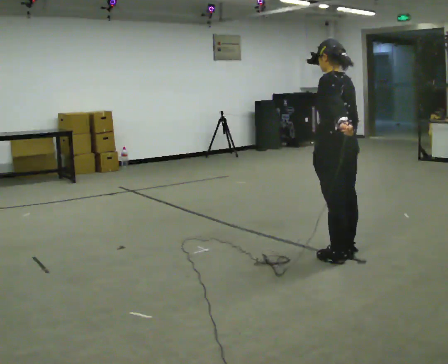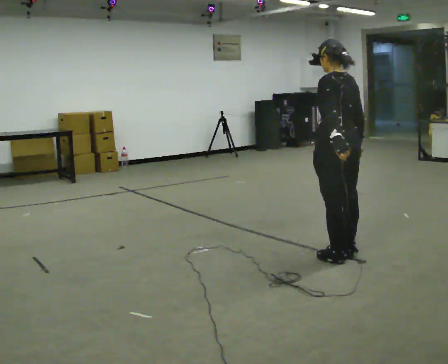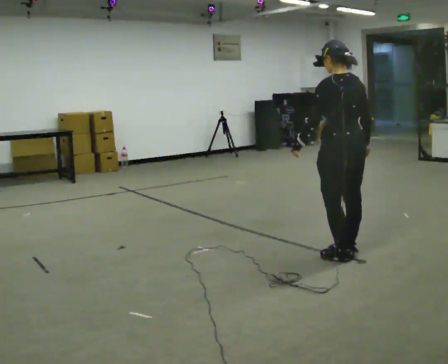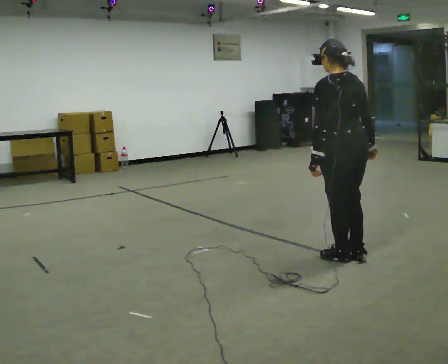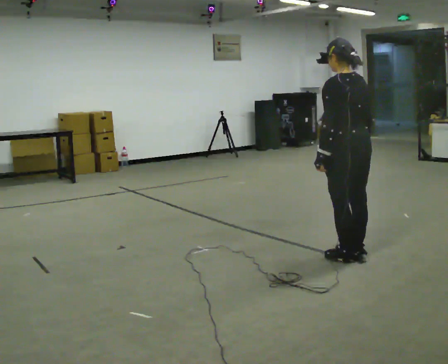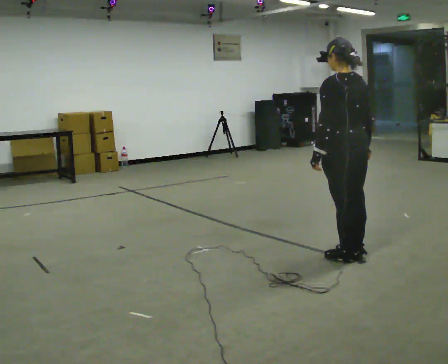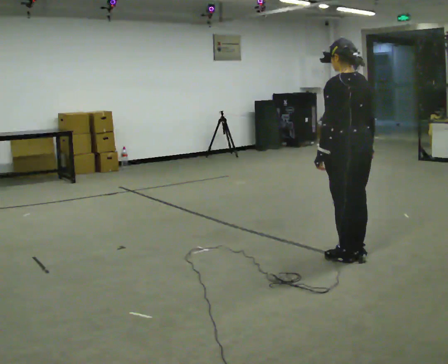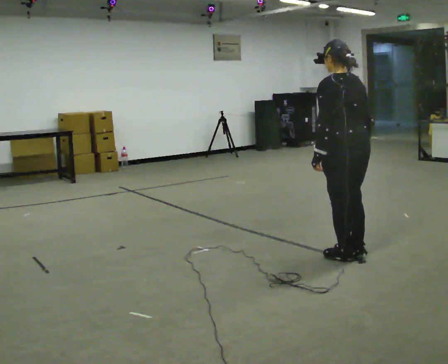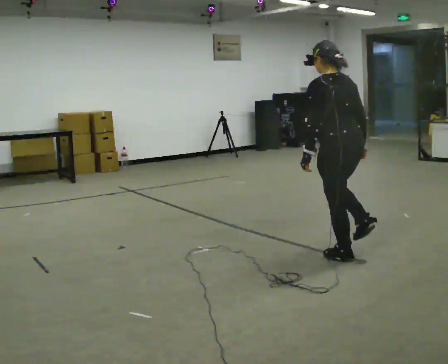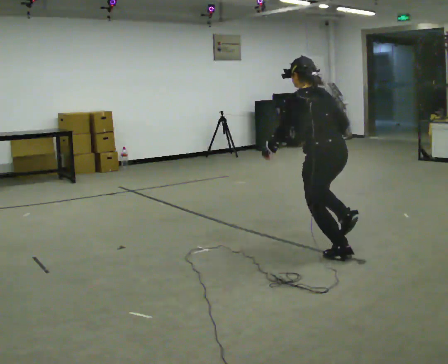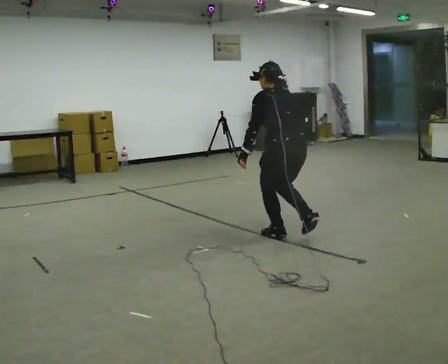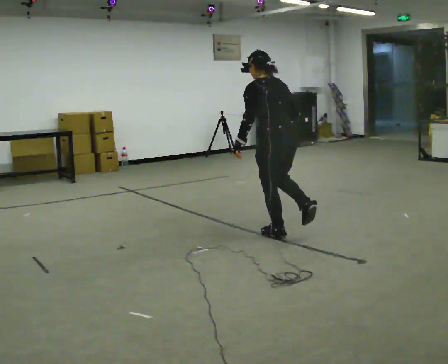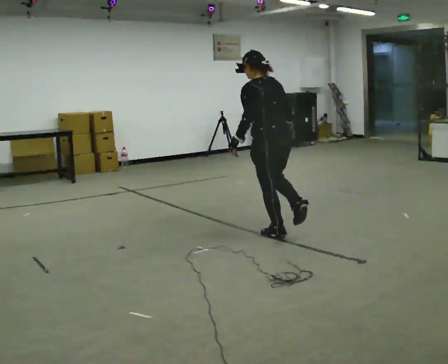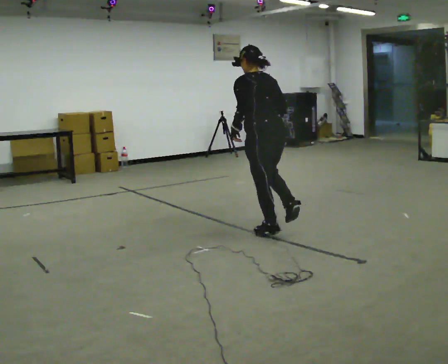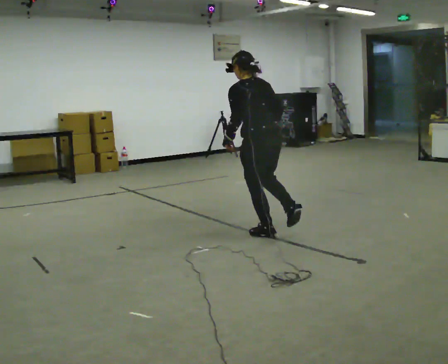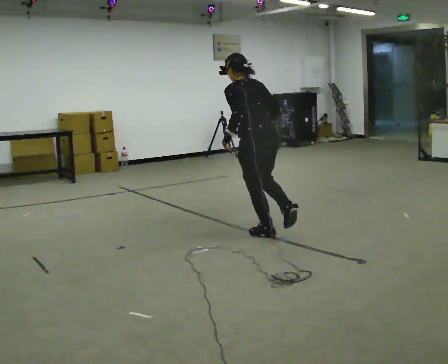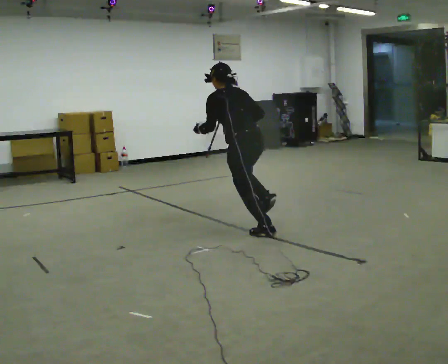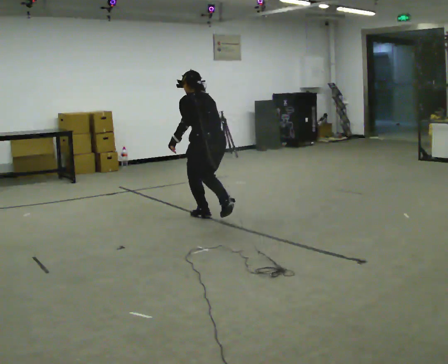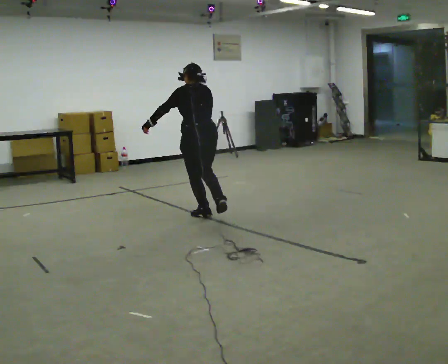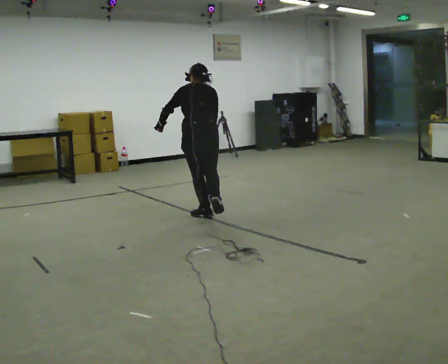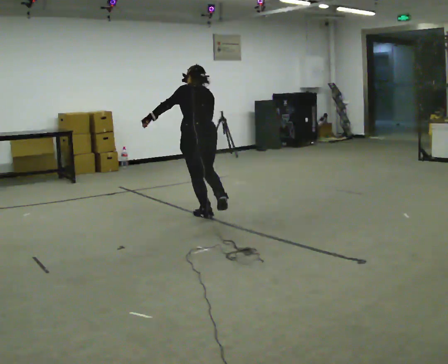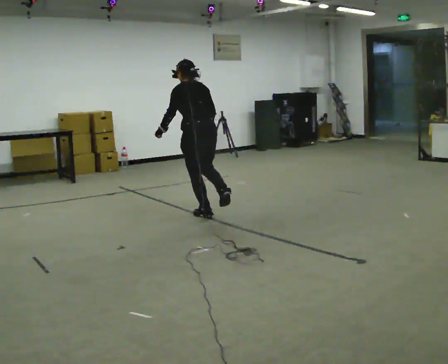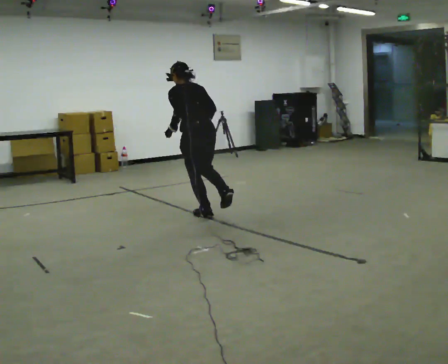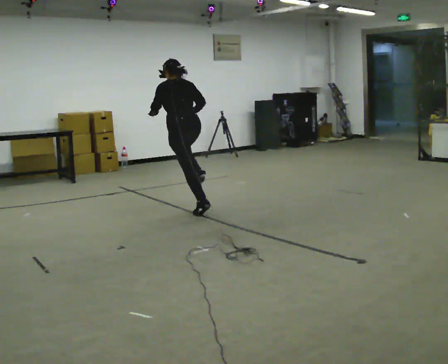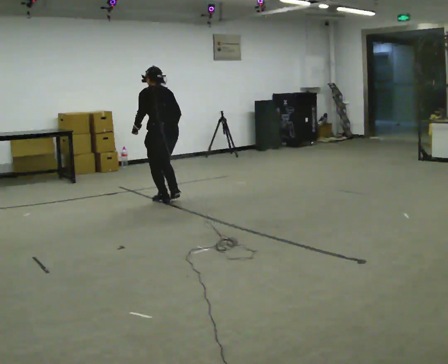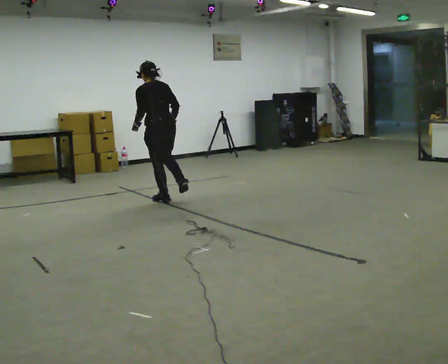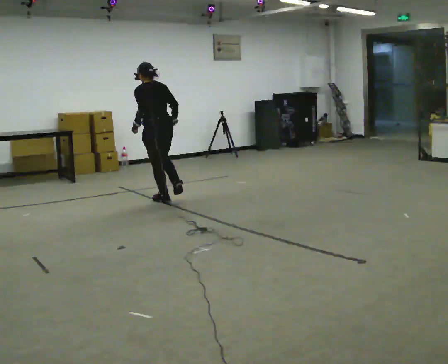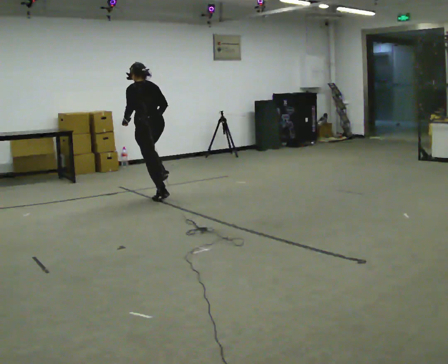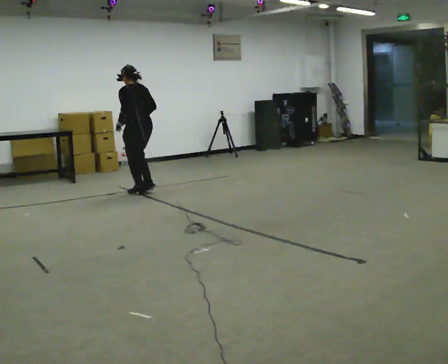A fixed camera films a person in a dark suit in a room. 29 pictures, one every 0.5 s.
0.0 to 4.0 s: The person moves a little, or ends about where they began.
4.0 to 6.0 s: In the picture they go away from the camera and to the left, about 1 m in 2 steps, which for them is forward.
6.0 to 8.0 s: In the picture they go to the left and away from the camera, about 0.25 m, which for them is forward.
8.0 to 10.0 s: In the picture they go away from the camera and to the left, about 0.75 m in 3 steps, which for them is forward. In the picture the upper body tilts clockwise, shoulders to the right.
10.0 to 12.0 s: In the picture they go away from the camera and to the left, about 0.5 m in 2 steps, which for them is forward.
12.0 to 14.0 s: In the picture they go away from the camera and to the left, about 0.5 m in 2 steps, which for them is forward.
The film runs forward here.
